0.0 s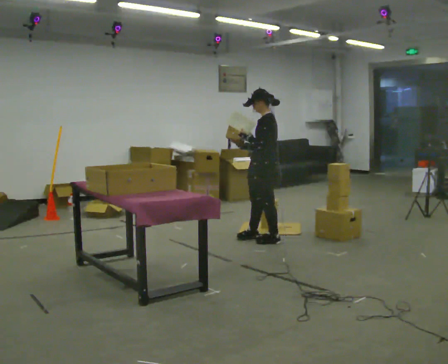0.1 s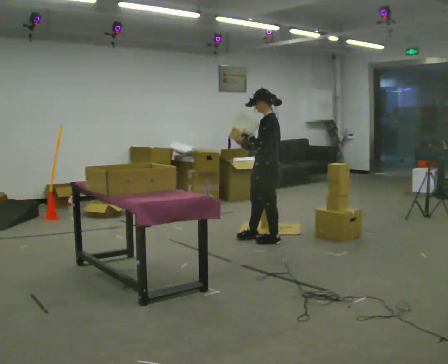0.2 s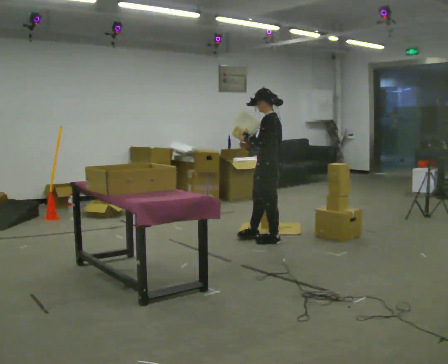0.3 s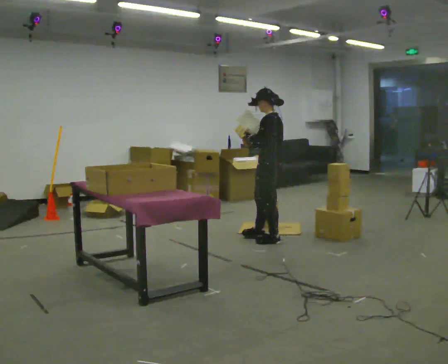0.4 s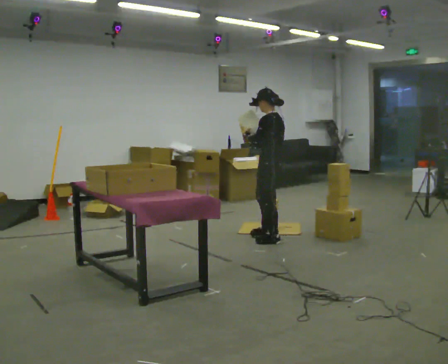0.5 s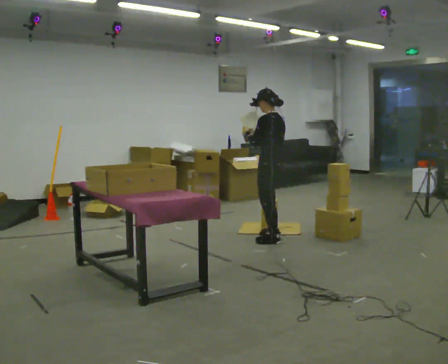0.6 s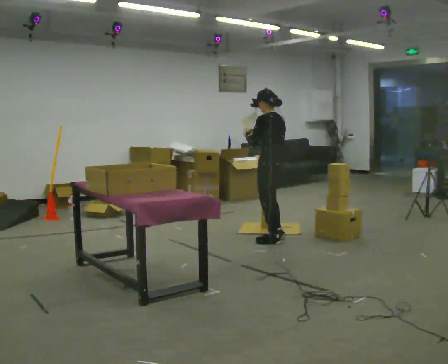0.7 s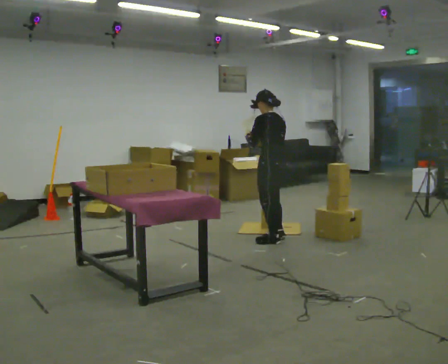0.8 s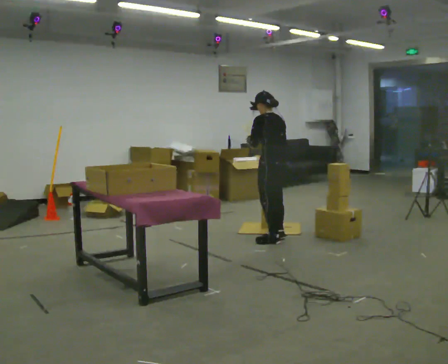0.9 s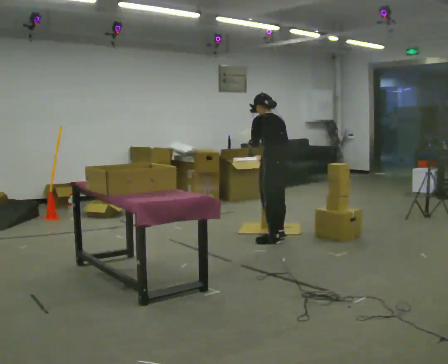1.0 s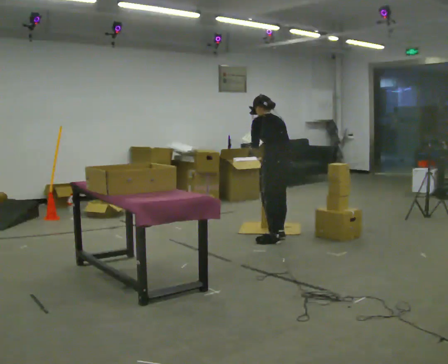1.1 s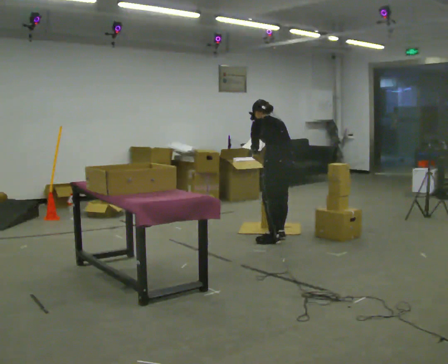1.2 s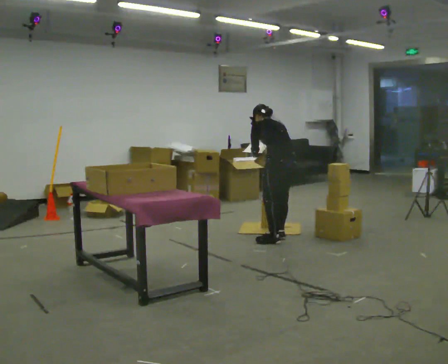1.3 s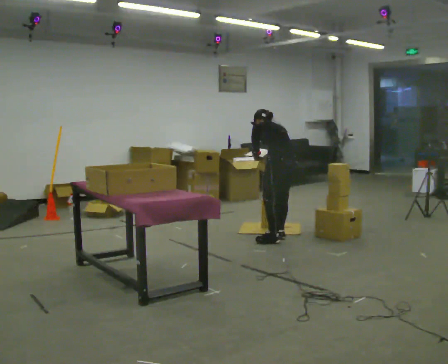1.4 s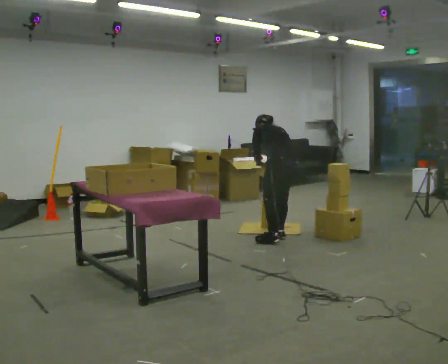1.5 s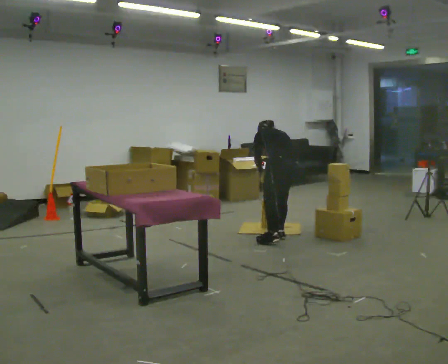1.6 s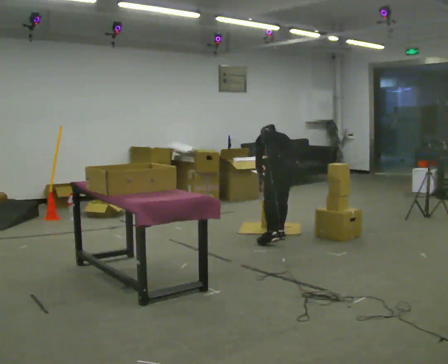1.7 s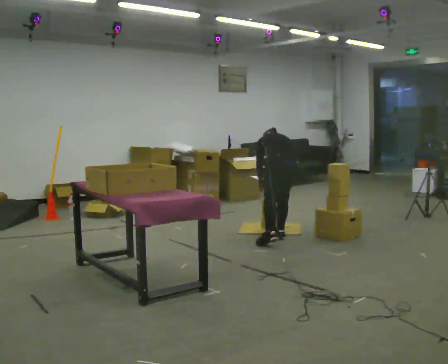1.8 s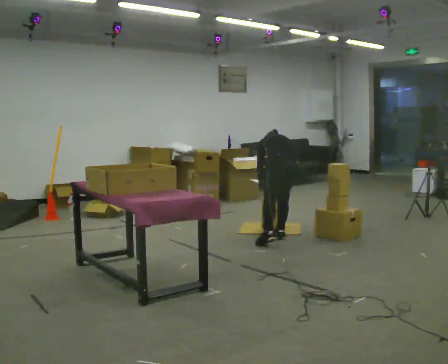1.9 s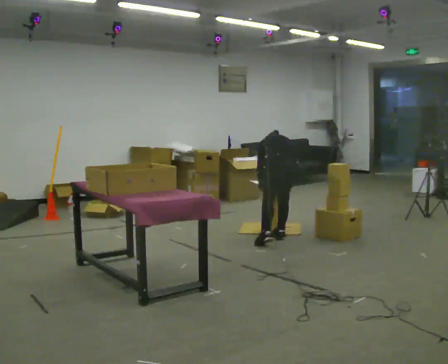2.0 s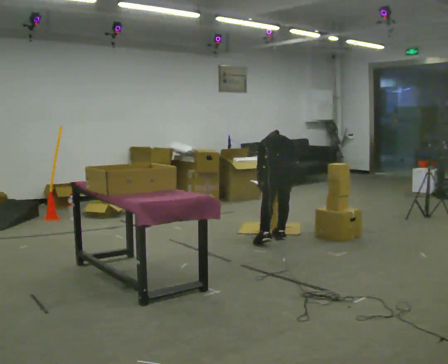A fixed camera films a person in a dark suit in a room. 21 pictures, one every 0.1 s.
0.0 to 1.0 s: The person turns about 45 degrees to their right, clockwise seen from above, so the part of the body nearest the lens slides to the left. In the picture the upper body tilts counterclockwise, shoulders to the left, as they bend forward. In the picture their right hand goes to the right.
1.0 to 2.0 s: The part of the body nearest the lens slides to the left as the person turns to their right by about 30 degrees. The shoulders move downward. The upper body tips away from the camera, its near side rolling upward, as they bend forward. In the picture their left hand goes downward.
The film runs backward here.
